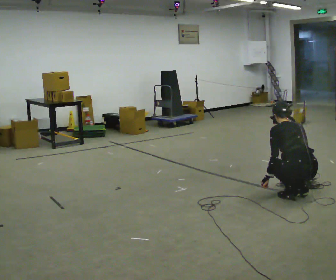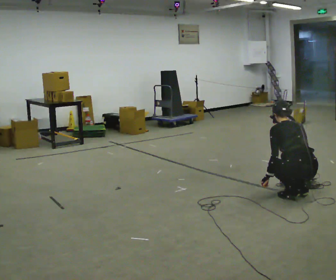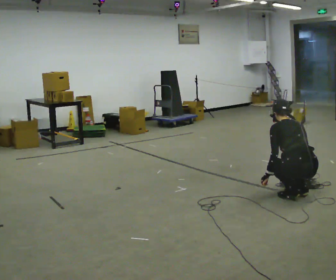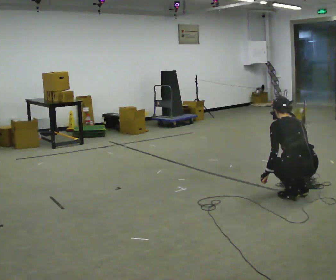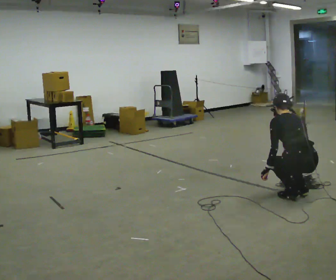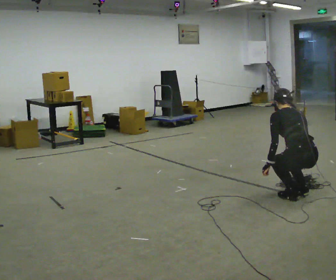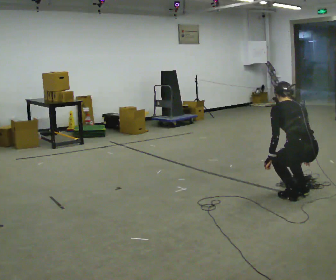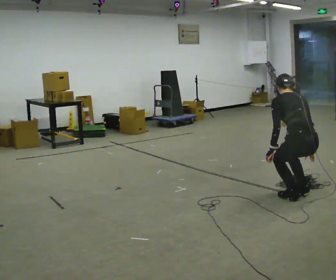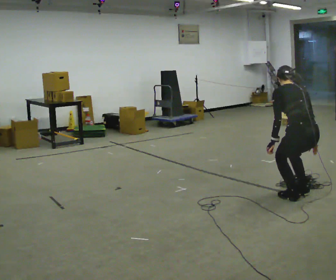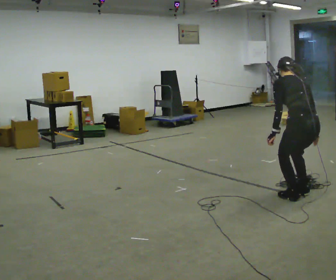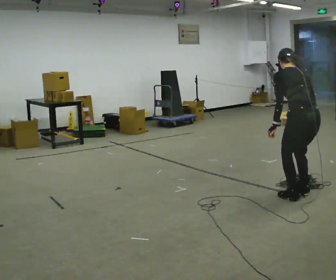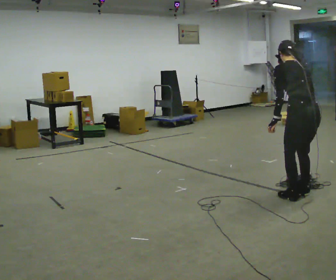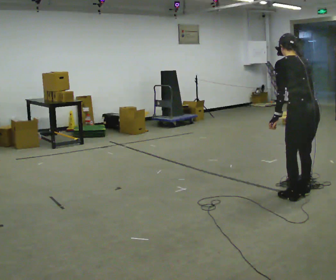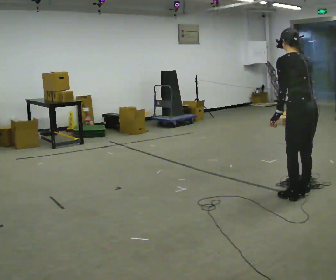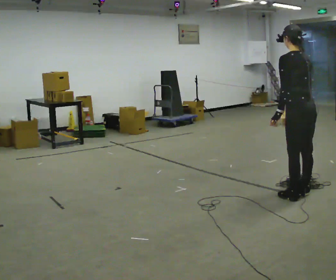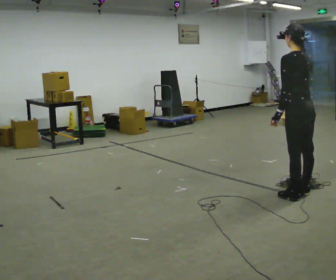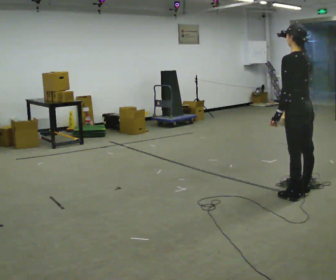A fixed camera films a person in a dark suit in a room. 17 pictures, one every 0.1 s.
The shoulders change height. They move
upward.
Their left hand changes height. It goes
upward.
0.0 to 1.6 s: The shoulders move upward. The upper body tips toward the camera, its near side rolling downward, as they lean back or straighten. In the picture their left hand goes upward.
The film runs backward here.
